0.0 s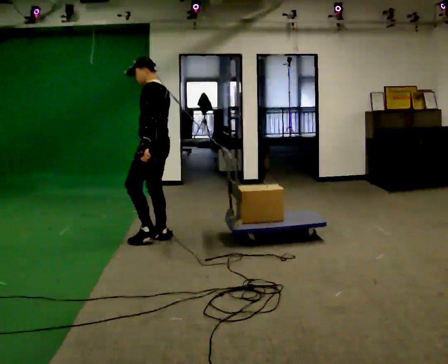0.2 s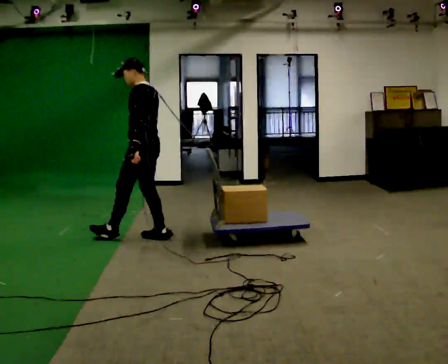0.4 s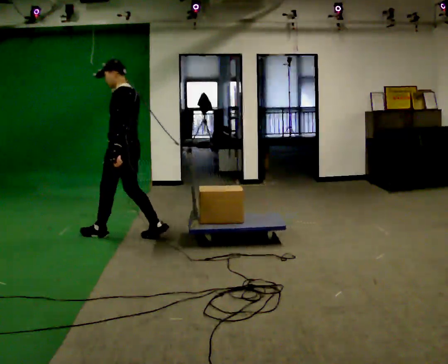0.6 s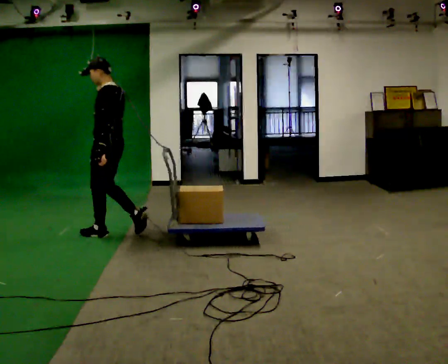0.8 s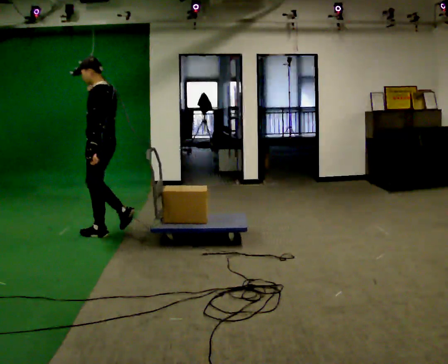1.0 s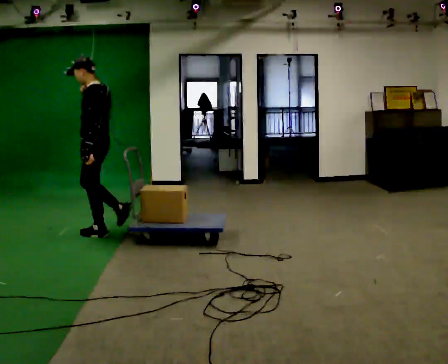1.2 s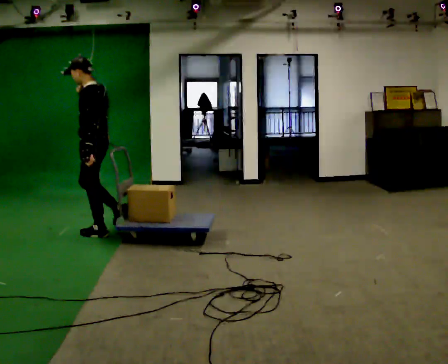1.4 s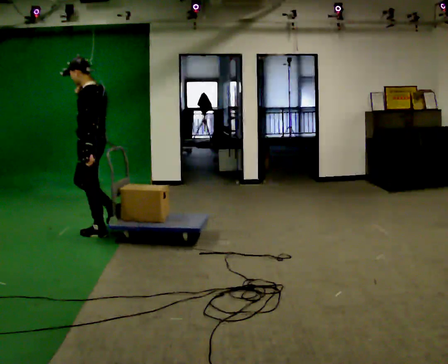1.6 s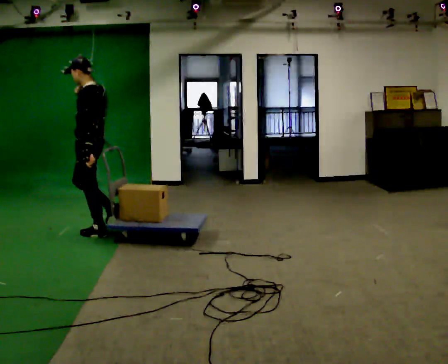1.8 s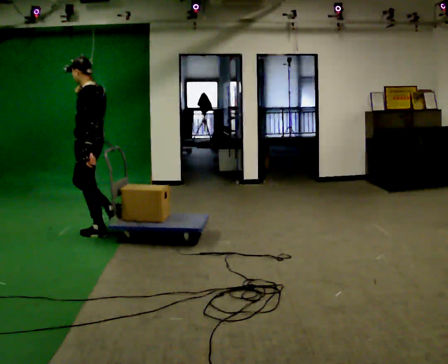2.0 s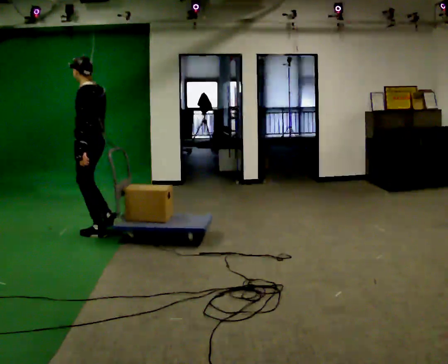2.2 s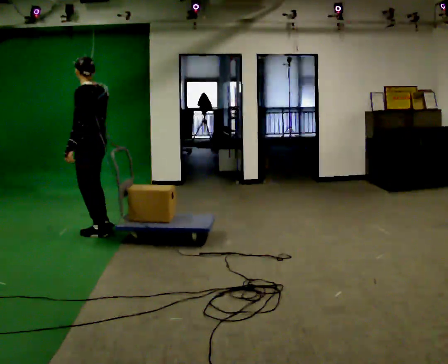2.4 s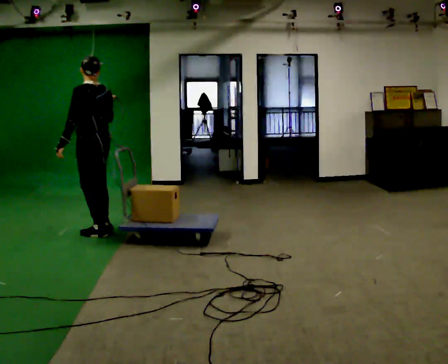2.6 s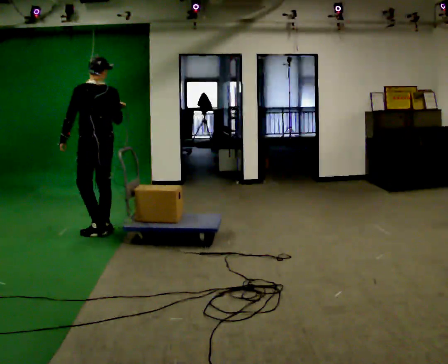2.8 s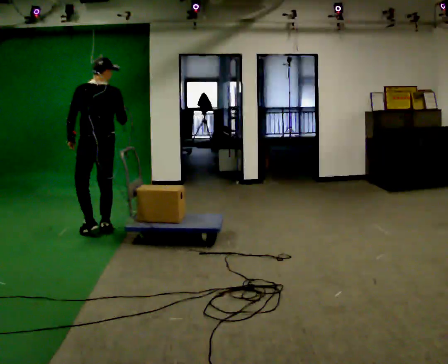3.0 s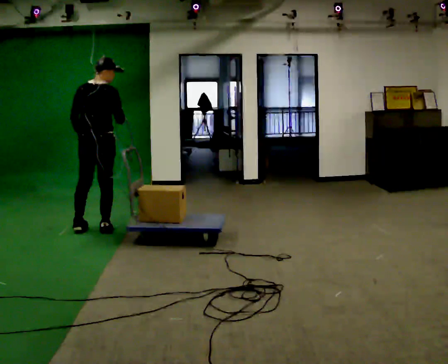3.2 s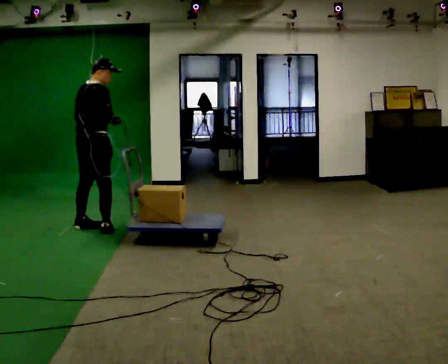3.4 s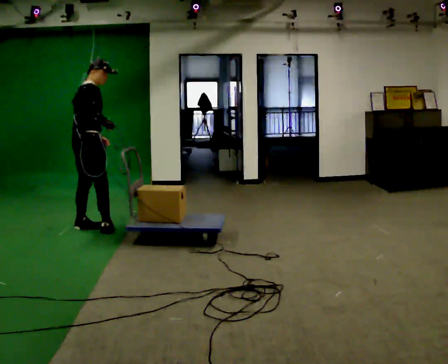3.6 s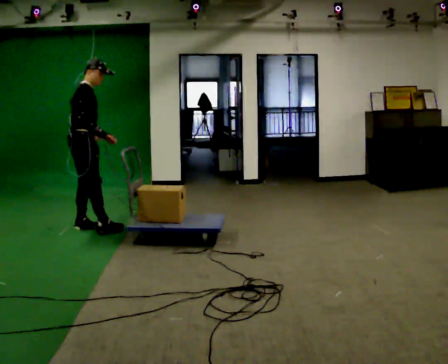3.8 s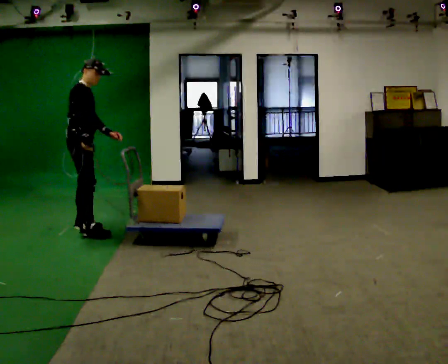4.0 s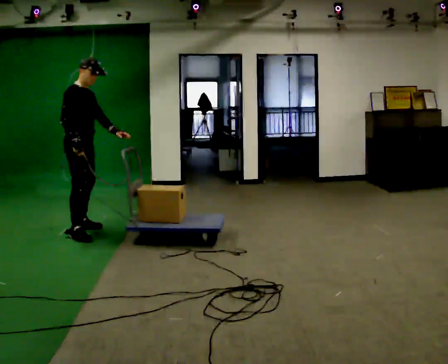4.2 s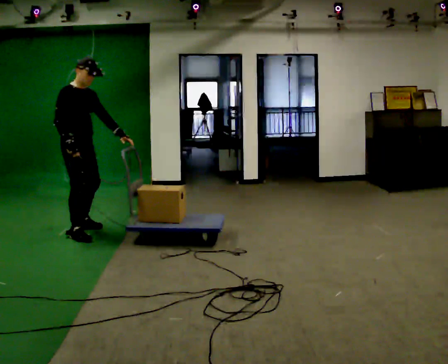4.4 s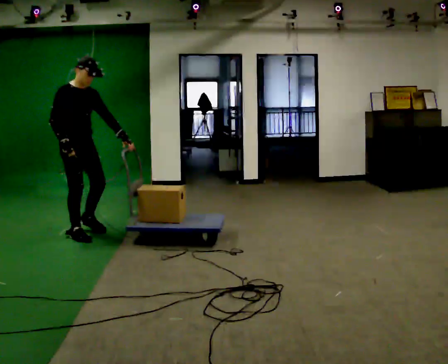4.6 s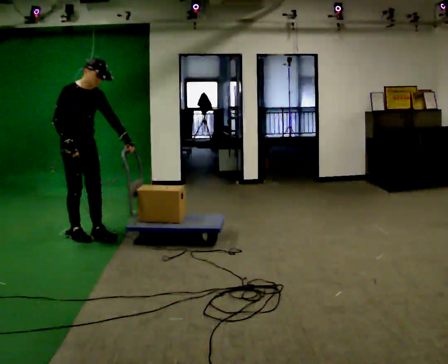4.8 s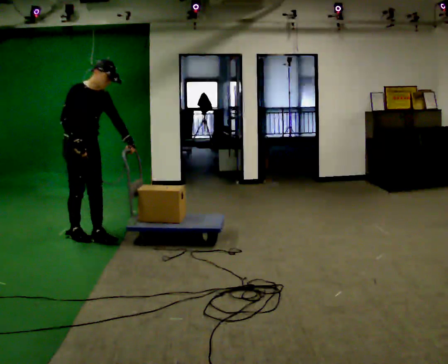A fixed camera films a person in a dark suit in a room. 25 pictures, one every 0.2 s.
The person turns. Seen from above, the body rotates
clockwise.
Their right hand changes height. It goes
downward.
0.0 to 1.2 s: In the picture they go to the left, about 0.5 m in 2 steps, which for them is forward.
1.2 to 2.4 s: The person turns about 30 degrees to their right, clockwise seen from above, so the part of the body nearest the lens slides to the left.
2.4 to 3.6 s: Seen from above the body turns clockwise, about 120 degrees: to their right, with its near side sliding to the left. In the picture they go to the left, about 0.25 m in 1 step.
3.6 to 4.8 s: The part of the body nearest the lens slides to the left as the person turns to their right by about 60 degrees. In the picture they go toward the camera, about 0.25 m in 2 steps.
The film runs forward here.
